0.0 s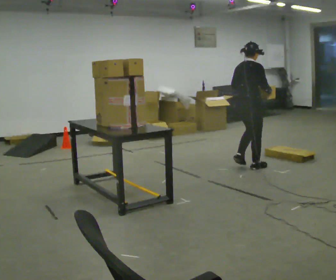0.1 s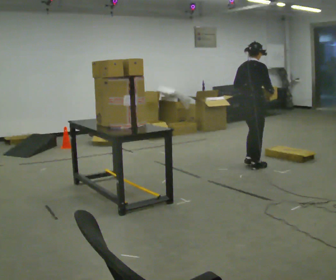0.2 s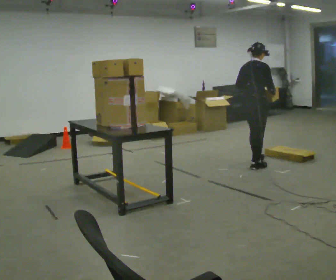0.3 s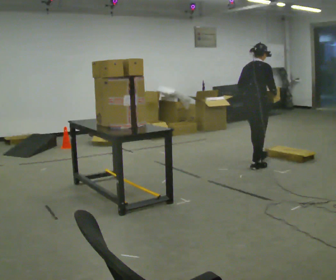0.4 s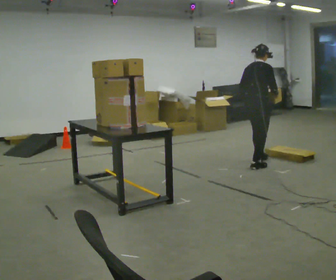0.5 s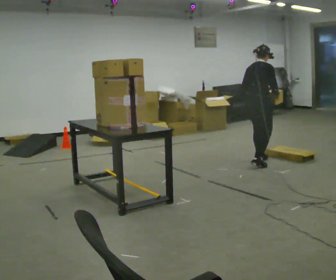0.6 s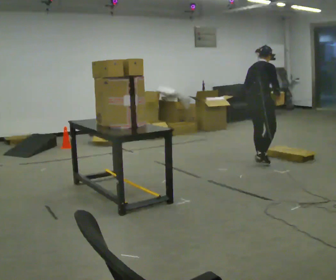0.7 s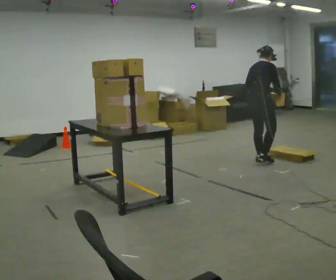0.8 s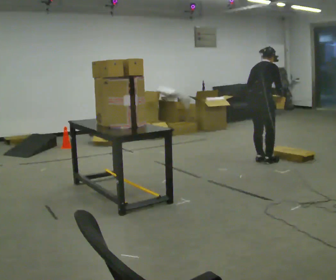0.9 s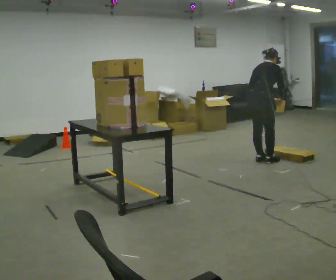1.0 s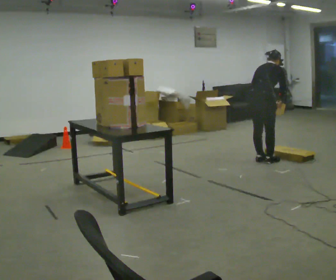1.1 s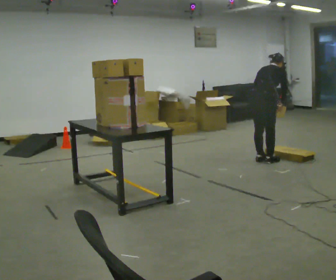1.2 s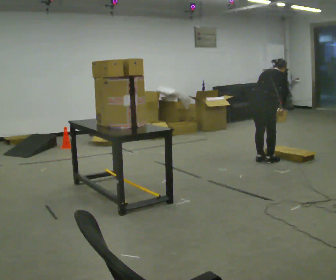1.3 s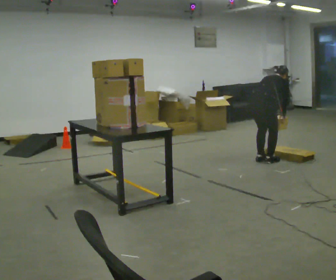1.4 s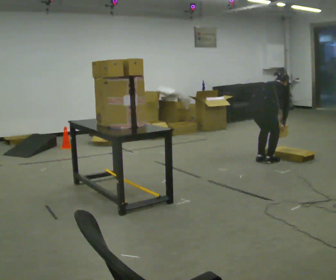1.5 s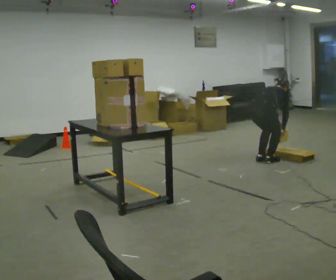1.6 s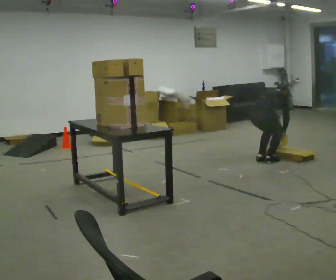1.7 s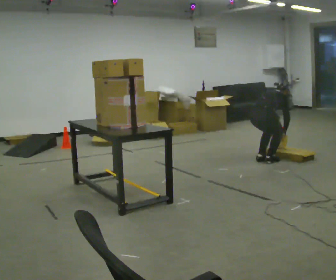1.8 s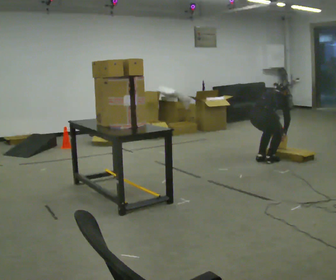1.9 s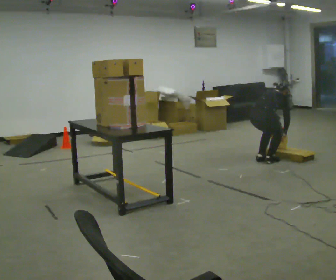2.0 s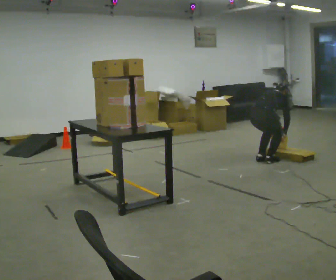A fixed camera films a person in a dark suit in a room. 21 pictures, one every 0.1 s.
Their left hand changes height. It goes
downward.
The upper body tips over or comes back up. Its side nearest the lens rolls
upward.
0.0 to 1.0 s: In the picture they go away from the camera and to the right, about 0.25 m in 2 steps, which for them is forward. The upper body tips away from the camera, its near side rolling upward, as they bend forward.
1.0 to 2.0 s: The shoulders move downward. The upper body tips away from the camera, its near side rolling upward, as they bend forward. In the picture their left hand goes downward.
The film runs forward here.
